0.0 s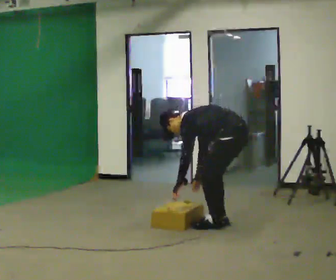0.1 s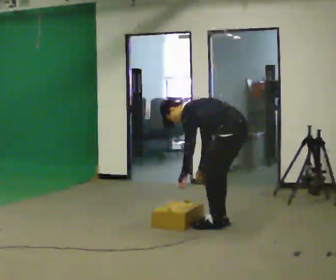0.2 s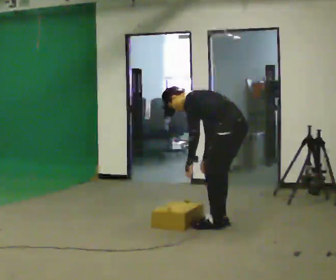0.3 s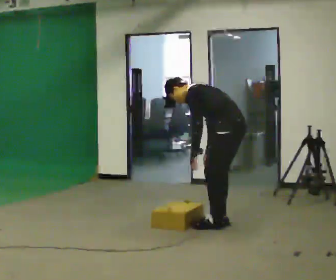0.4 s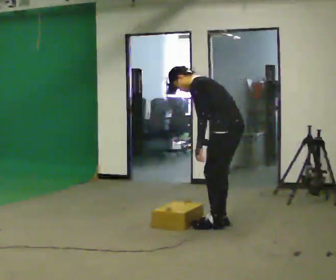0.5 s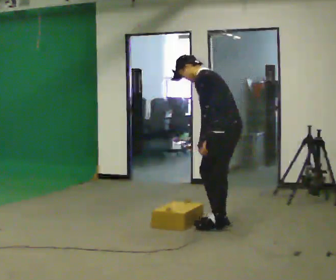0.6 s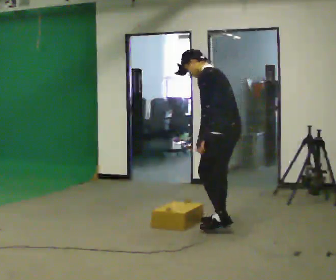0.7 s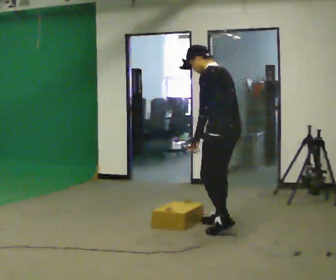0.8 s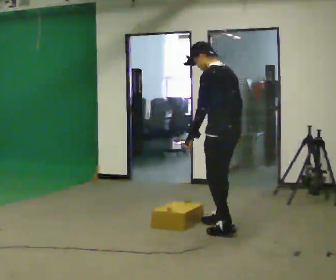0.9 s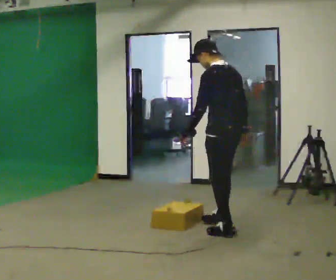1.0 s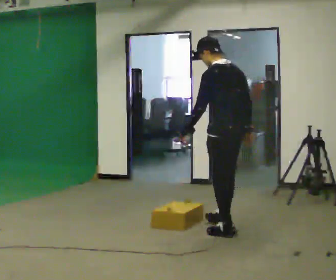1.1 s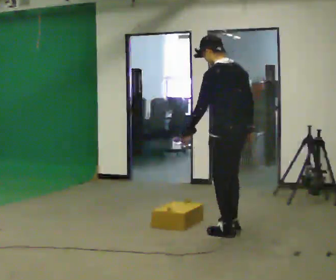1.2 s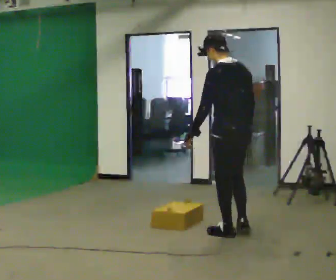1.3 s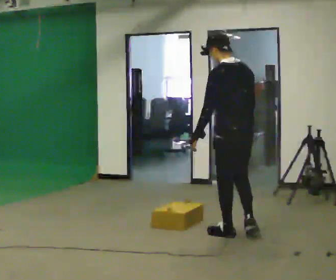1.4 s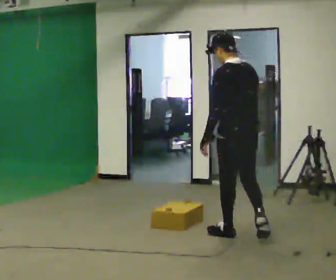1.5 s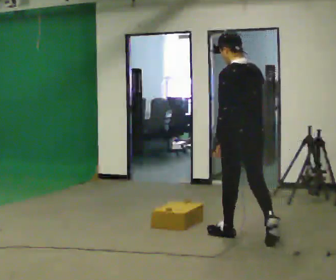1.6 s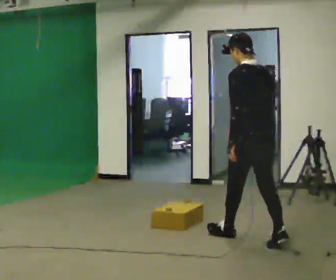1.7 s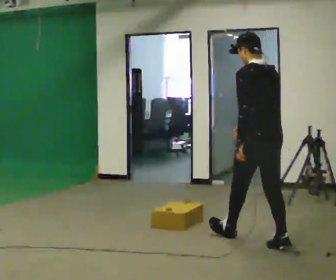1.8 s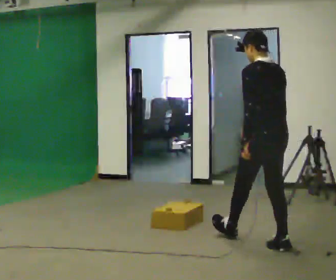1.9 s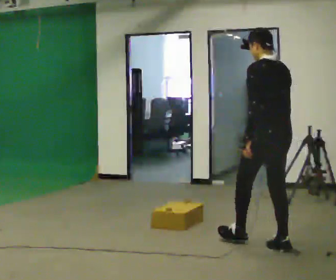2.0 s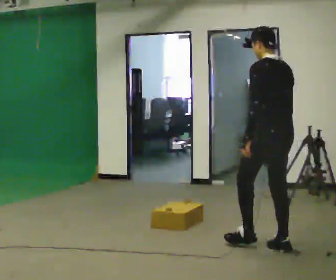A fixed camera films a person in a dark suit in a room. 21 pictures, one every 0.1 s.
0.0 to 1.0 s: In the picture they go toward the camera, about 0.25 m in 2 steps, which for them is to their left. The upper body goes upward. In the picture the upper body tilts clockwise, shoulders to the right, as they lean back or straighten. In the picture their left hand goes upward.
1.0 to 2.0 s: In the picture they go toward the camera and to the right, about 0.5 m in 1 step, which for them is backward.
The film runs backward here.
